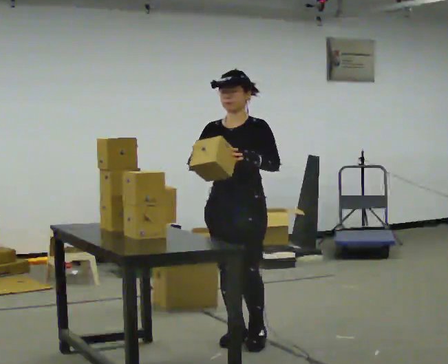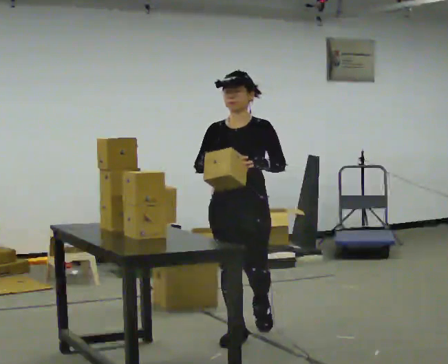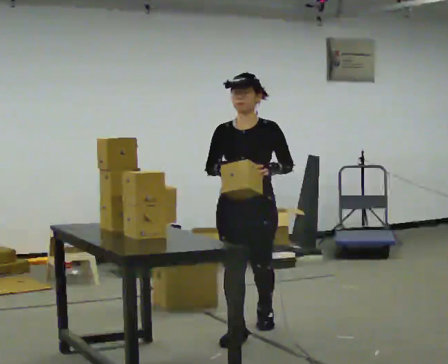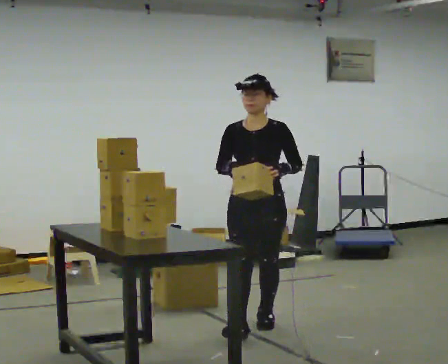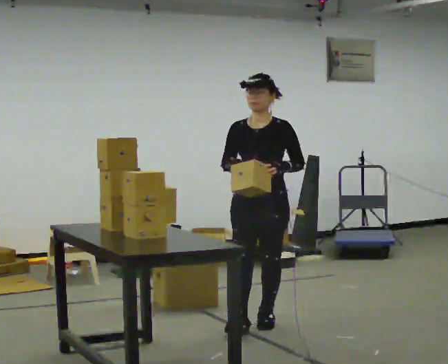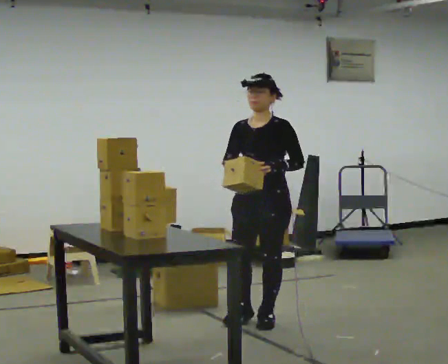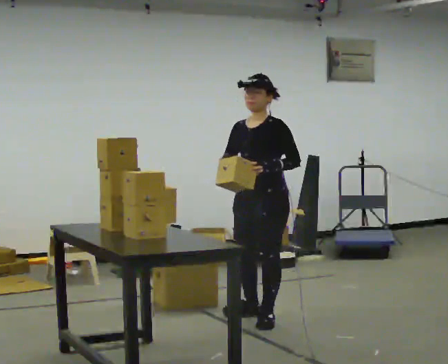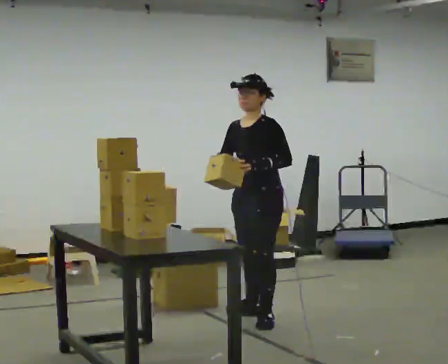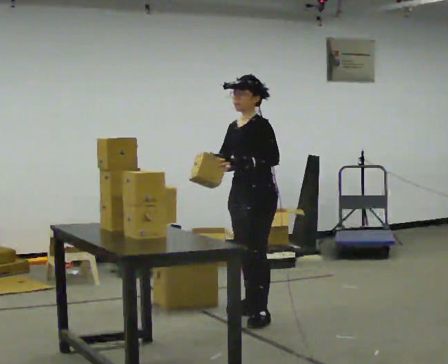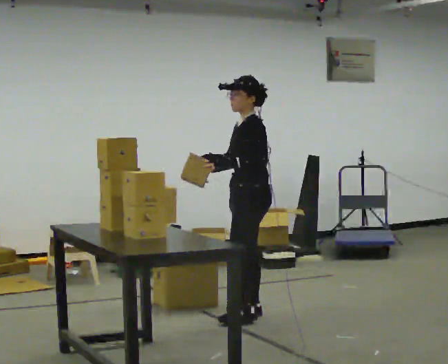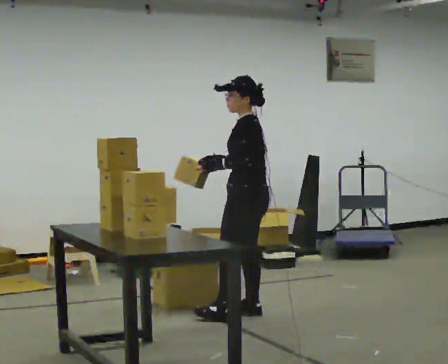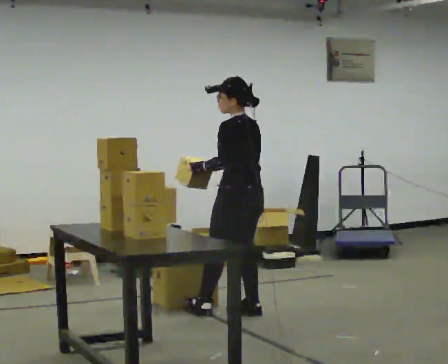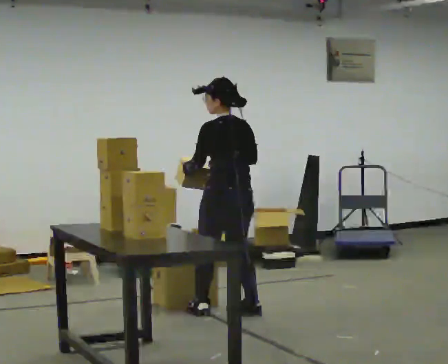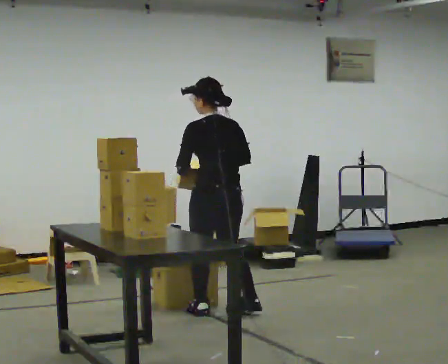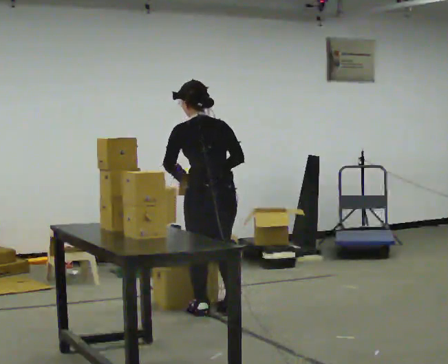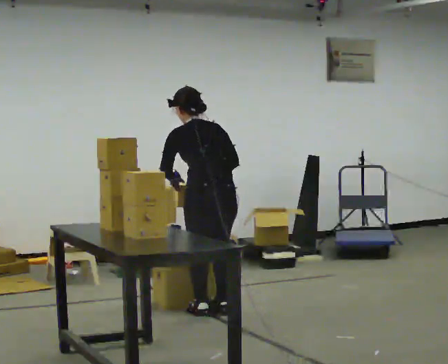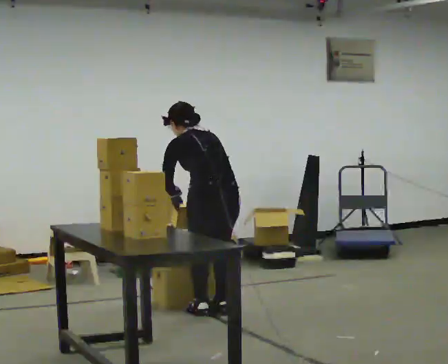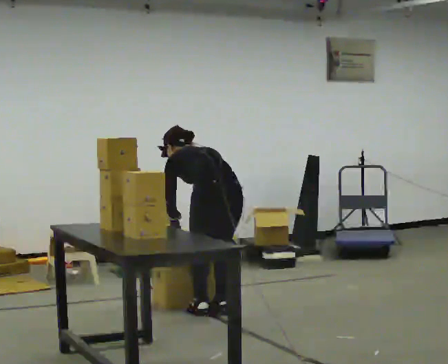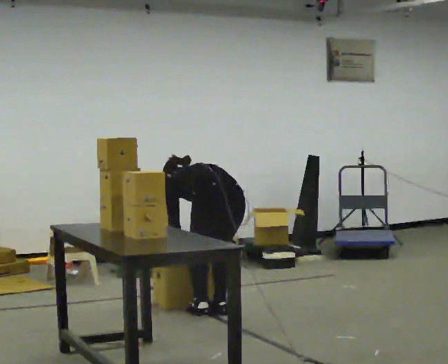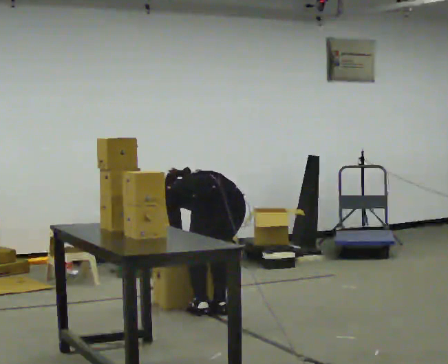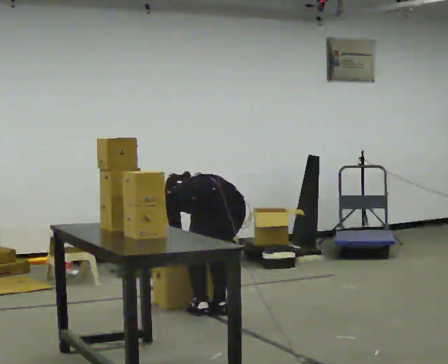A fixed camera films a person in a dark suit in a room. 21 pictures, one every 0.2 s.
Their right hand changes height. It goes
downward.
The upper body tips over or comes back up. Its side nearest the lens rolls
upward.
0.0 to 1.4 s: The person turns about 30 degrees to their right, clockwise seen from above, so the part of the body nearest the lens slides to the left. In the picture they go away from the camera, about 0.5 m in 1 step, which for them is backward.
1.4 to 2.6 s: Seen from above the body turns clockwise, about 105 degrees: to their right, with its near side sliding to the left. In the picture they go to the left, about 0.25 m in 1 step.
2.6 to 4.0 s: The shoulders move downward. The upper body tips away from the camera, its near side rolling upward, as they bend forward. In the picture their right hand goes downward.
The film runs backward here.
